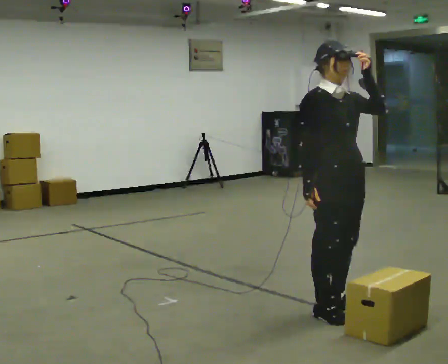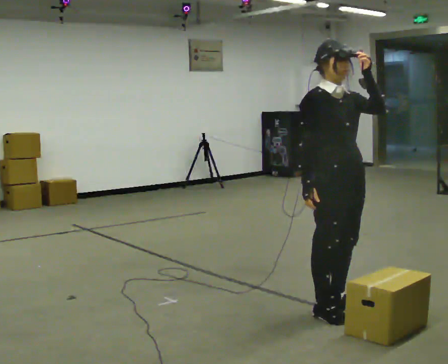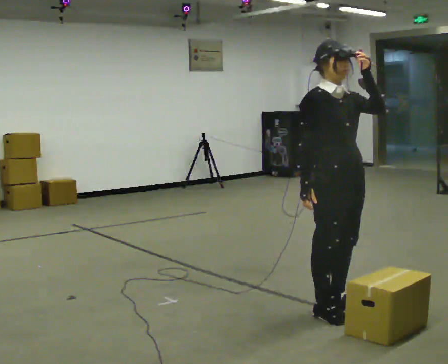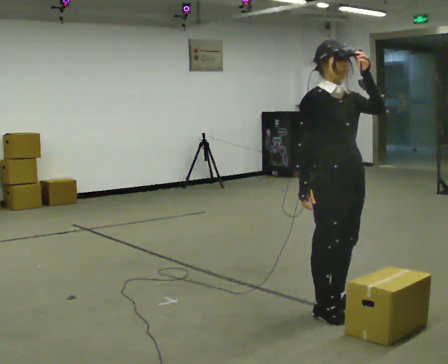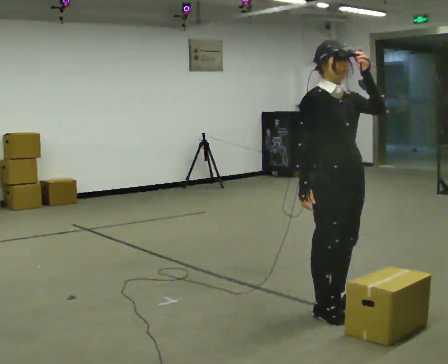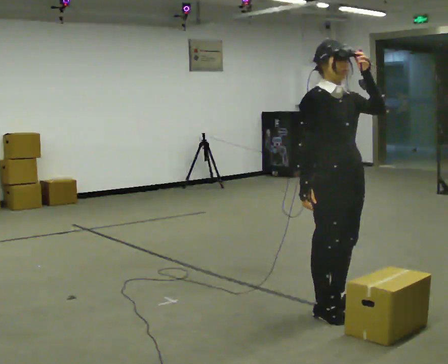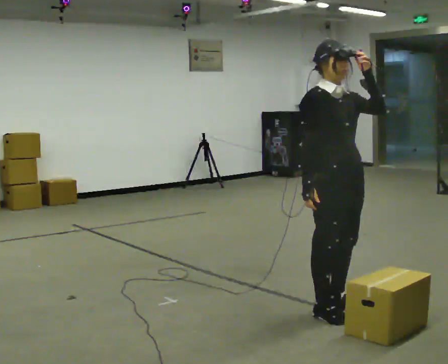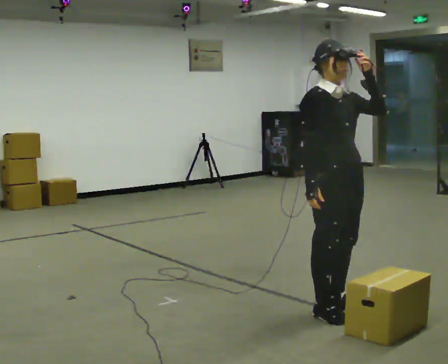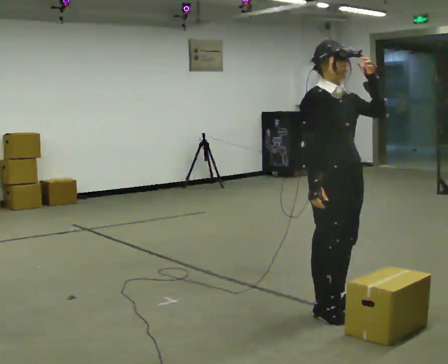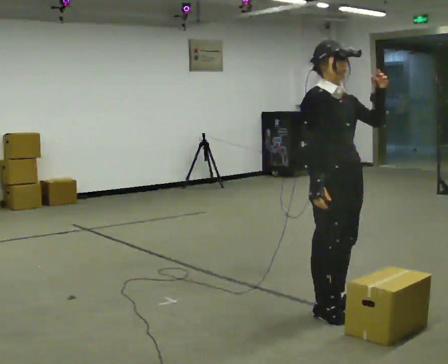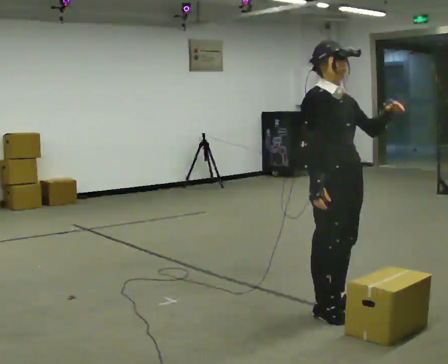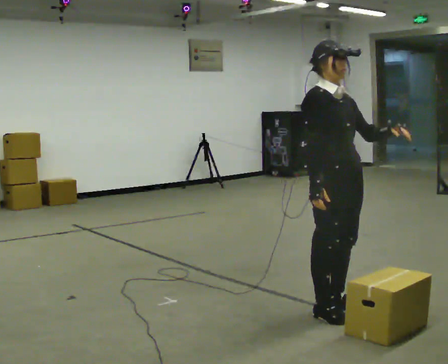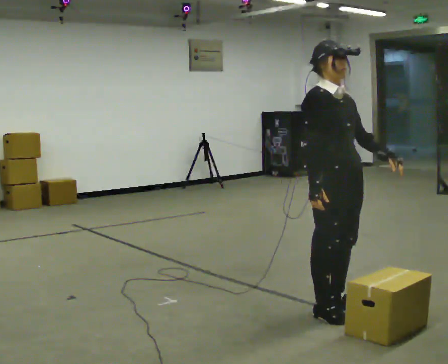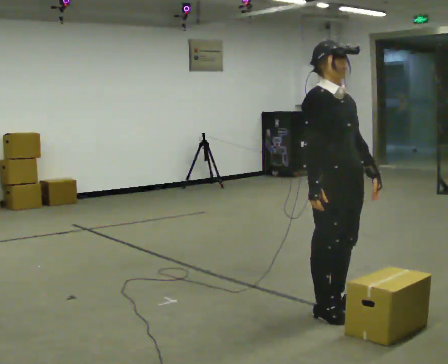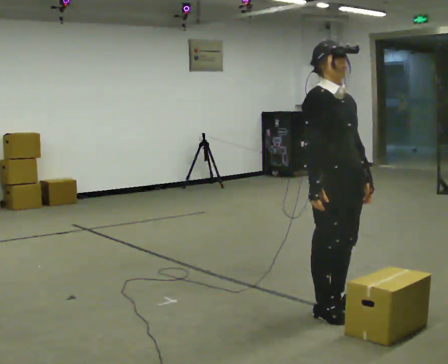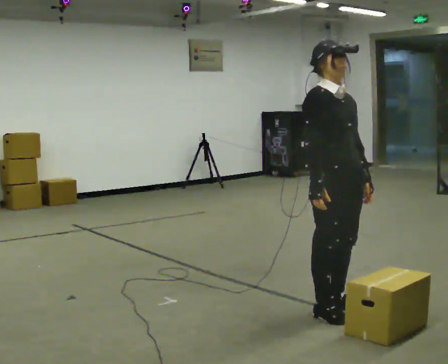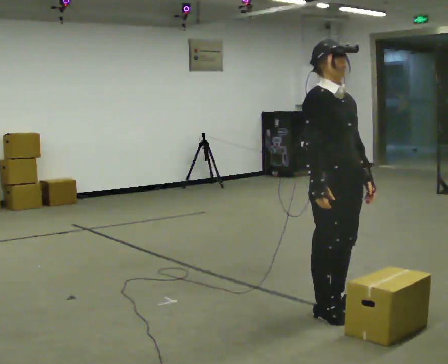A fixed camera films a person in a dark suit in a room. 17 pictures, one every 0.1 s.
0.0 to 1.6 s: In the picture their left hand goes downward.
The film runs backward here.
